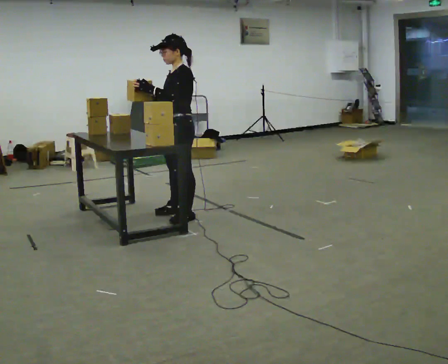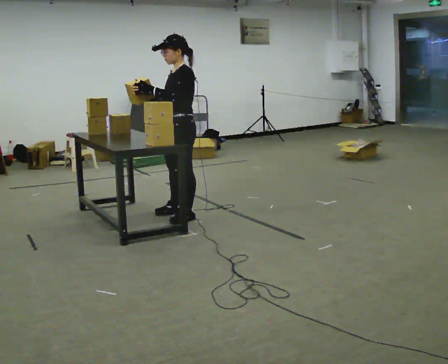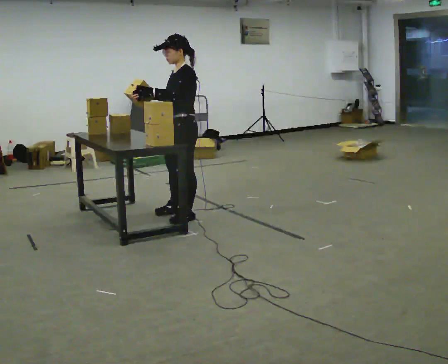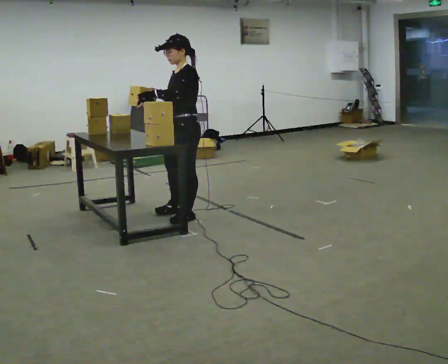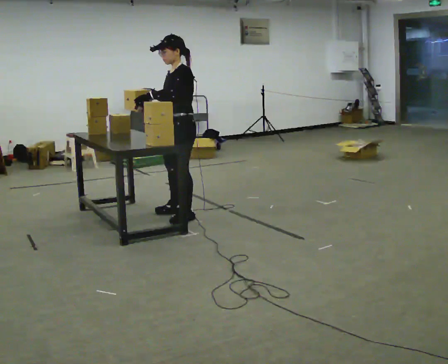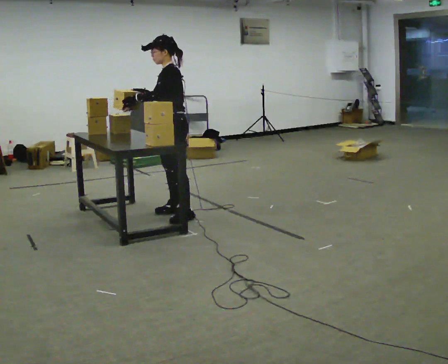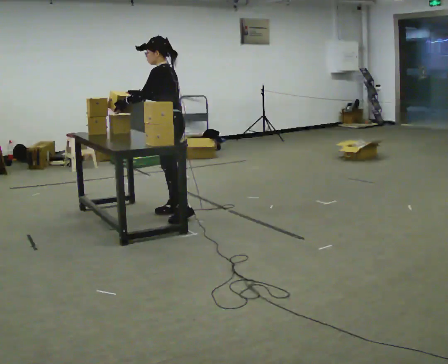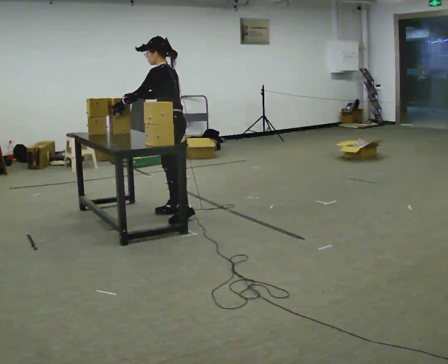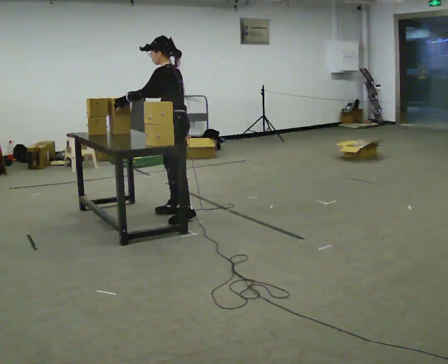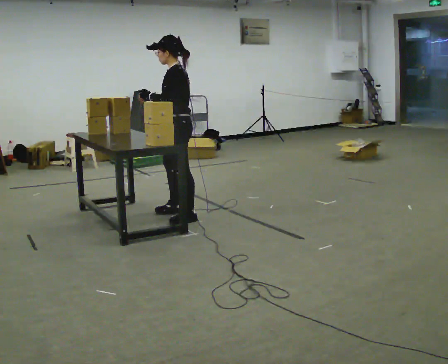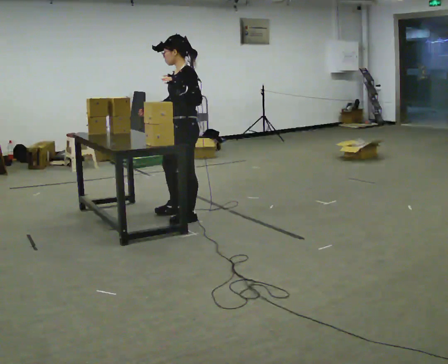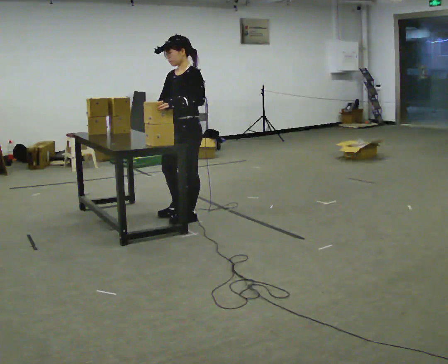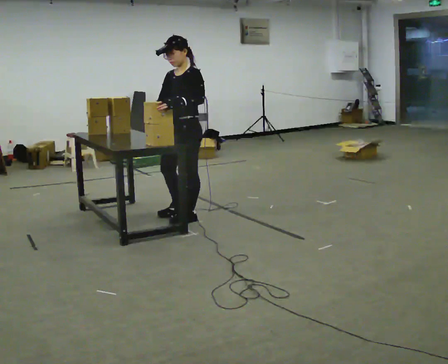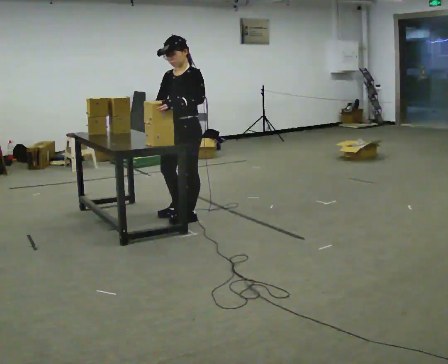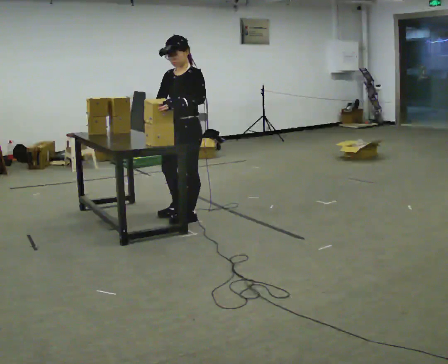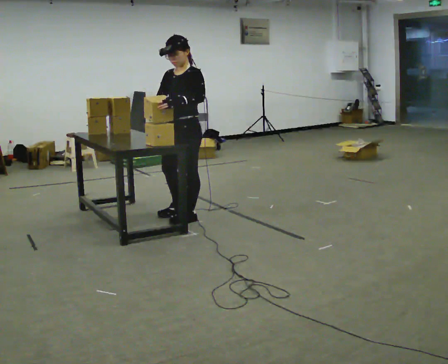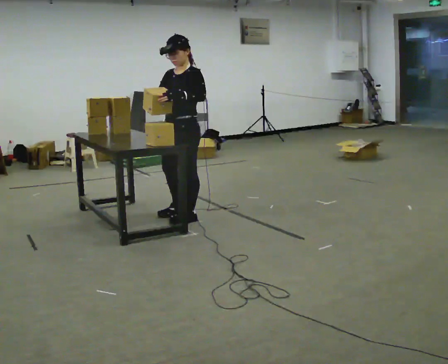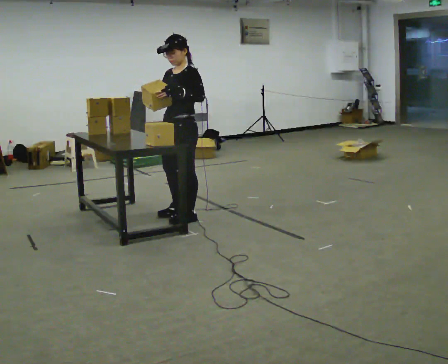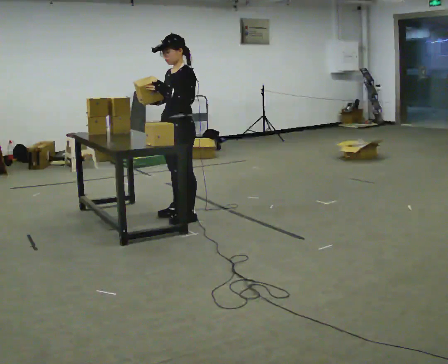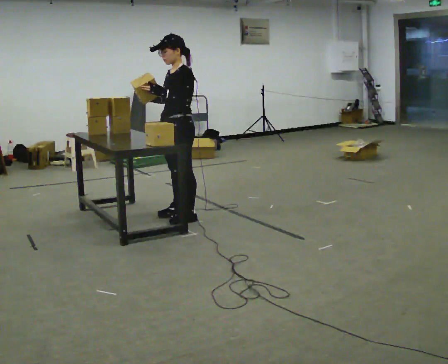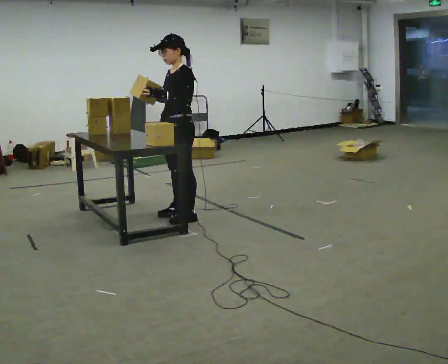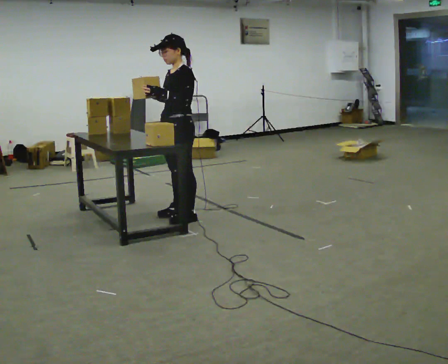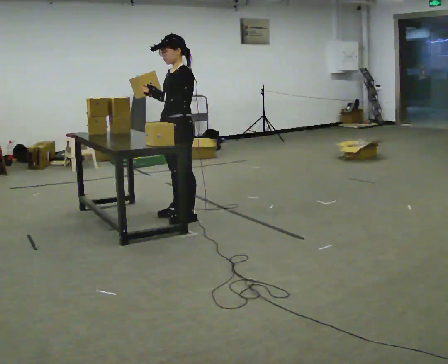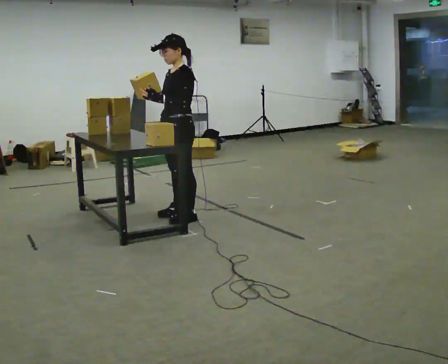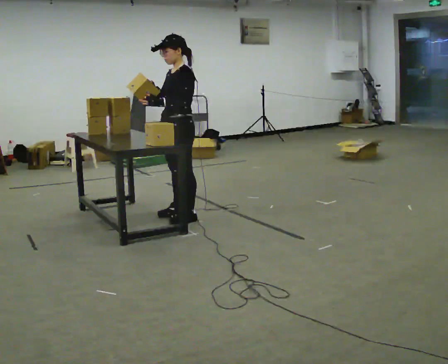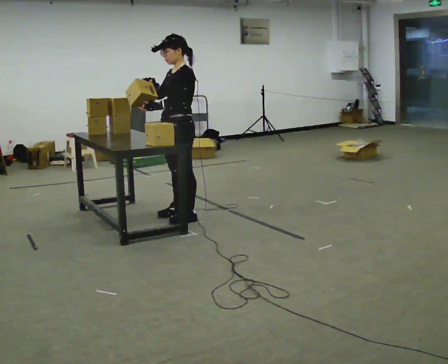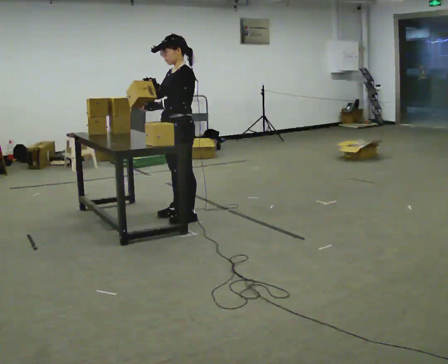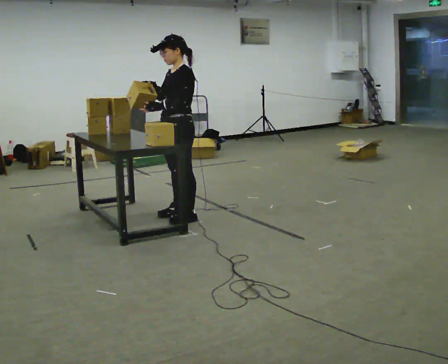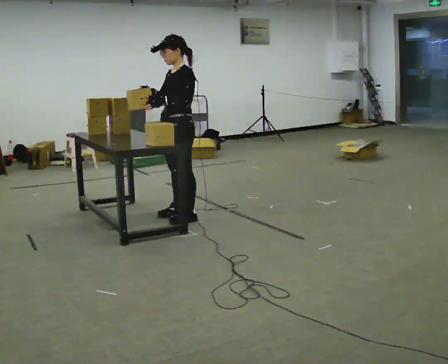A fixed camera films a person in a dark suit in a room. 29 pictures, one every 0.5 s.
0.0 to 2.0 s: The person moves a little, or ends about where they began.
2.0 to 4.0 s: Seen from above the body turns clockwise, about 30 degrees: to their right, with its near side sliding to the left.
4.0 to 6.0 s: Seen from above the body turns counterclockwise, about 45 degrees: to their left, with its near side sliding to the right. In the picture they go toward the camera, about 0.25 m, which for them is to their left. In the picture their left hand goes to the right.
6.0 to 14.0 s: The person moves a little, or ends about where they began.
The film runs backward here.
